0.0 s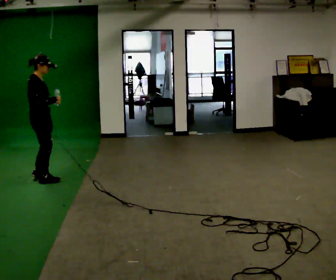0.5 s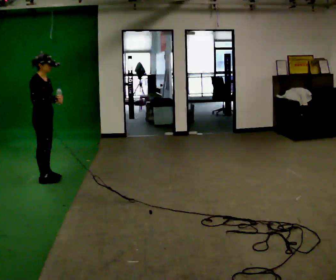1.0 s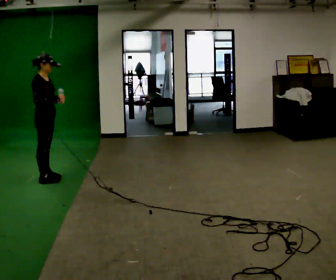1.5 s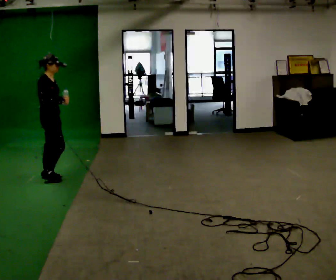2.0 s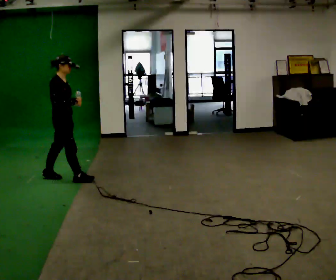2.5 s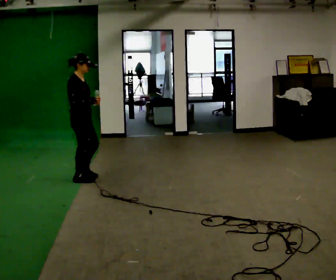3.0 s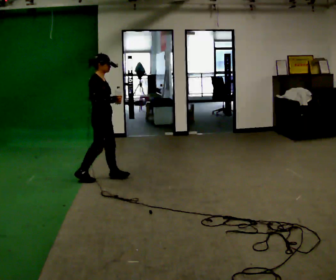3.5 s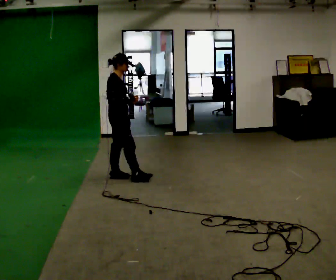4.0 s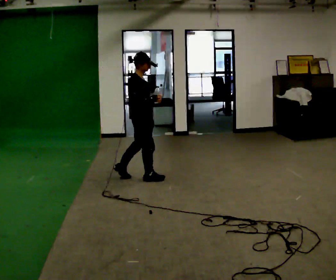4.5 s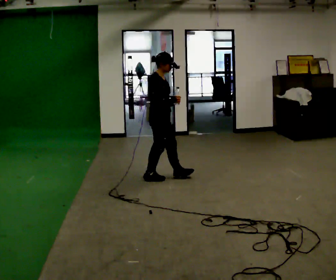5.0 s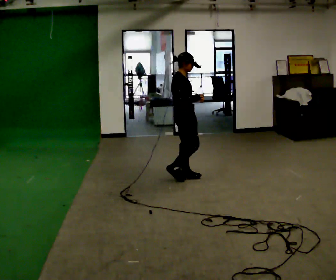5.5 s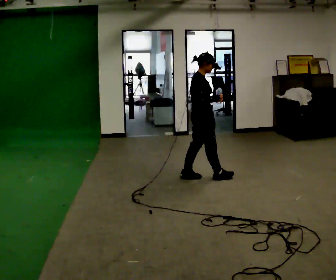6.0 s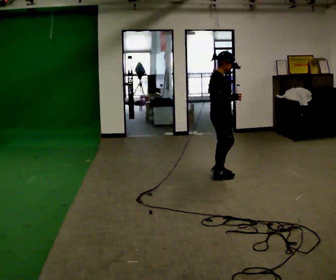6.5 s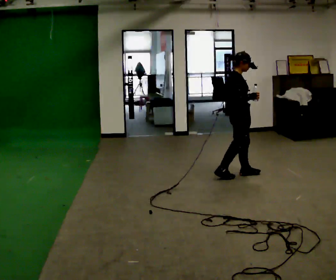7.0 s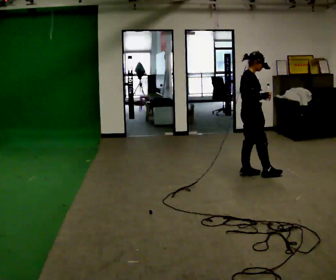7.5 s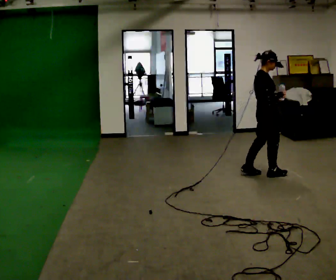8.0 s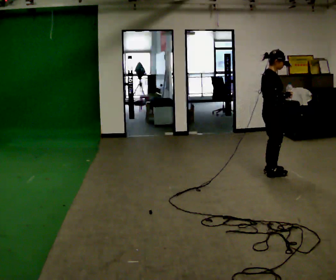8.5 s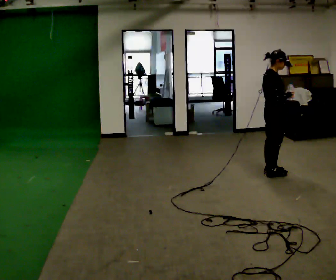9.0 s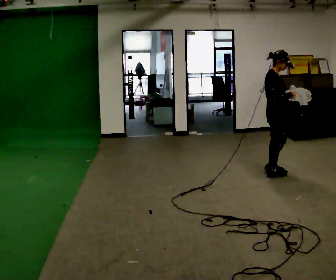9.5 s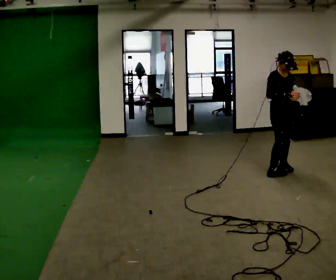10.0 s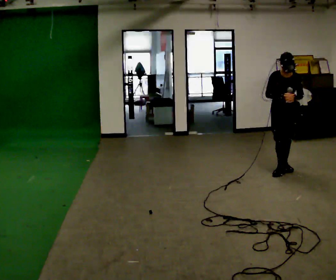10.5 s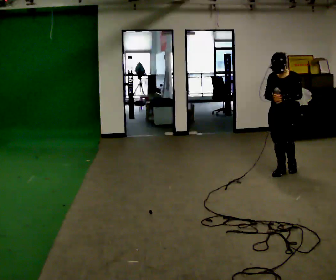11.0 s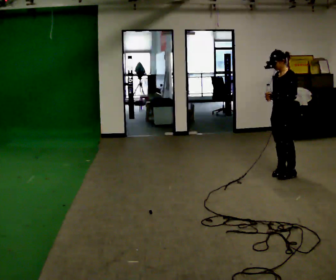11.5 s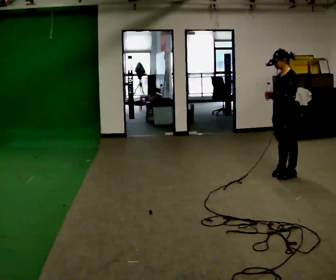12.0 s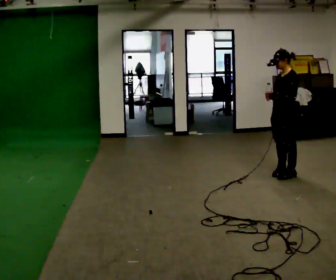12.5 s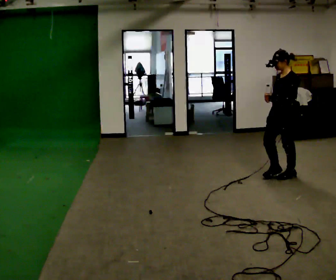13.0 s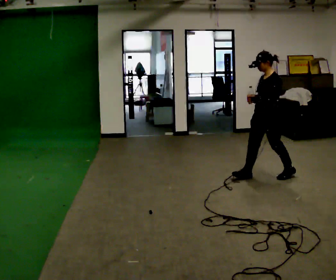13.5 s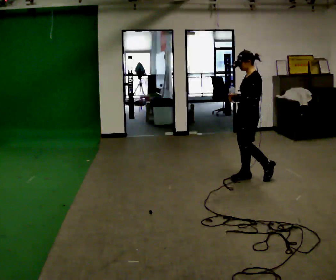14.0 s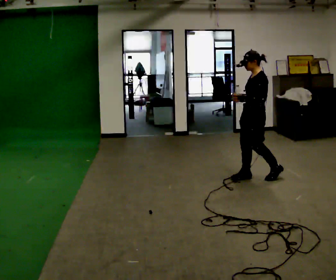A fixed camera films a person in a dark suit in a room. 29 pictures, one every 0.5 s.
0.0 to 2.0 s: In the picture they go to the right and away from the camera, about 0.25 m in 2 steps, which for them is forward.
2.0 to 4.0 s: In the picture they go to the right, about 1 m in 2 steps, which for them is forward.
4.0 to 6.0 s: In the picture they go to the right, about 1 m in 2 steps, which for them is forward.
6.0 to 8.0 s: In the picture they go to the right, about 0.5 m in 3 steps, which for them is forward.
8.0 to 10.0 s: Seen from above the body turns clockwise, about 90 degrees: to their right, with its near side sliding to the left. In the picture they go away from the camera and to the right, about 0.25 m in 2 steps.
10.0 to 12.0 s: The part of the body nearest the lens slides to the left as the person turns to their right by about 75 degrees. In the picture they go toward the camera, about 0.25 m in 1 step.
12.0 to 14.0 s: In the picture they go to the left, about 0.25 m in 2 steps, which for them is forward.
The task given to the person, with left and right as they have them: Carry the open container of water across the room without spilling it, back and forth.
The film runs forward here.
